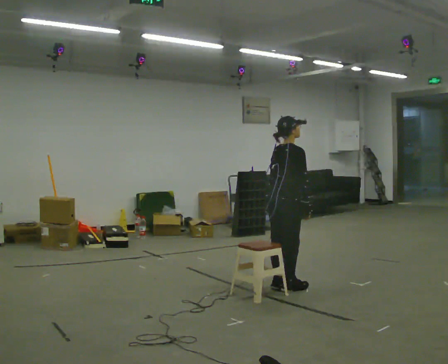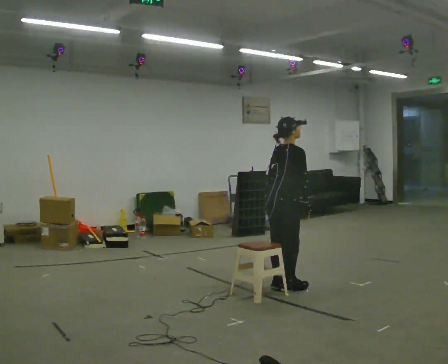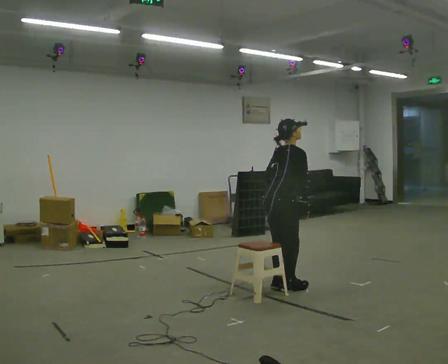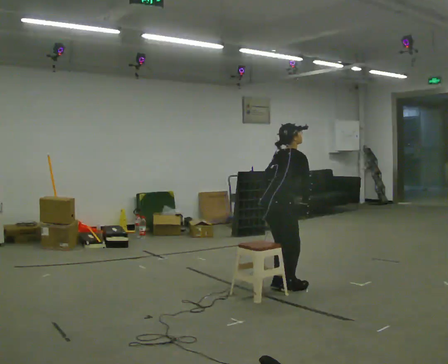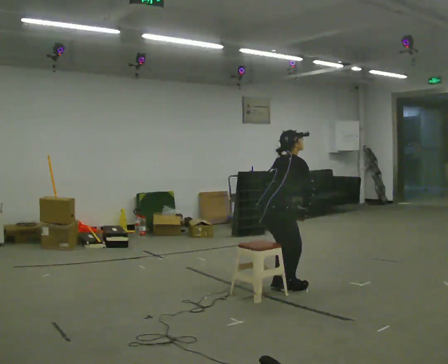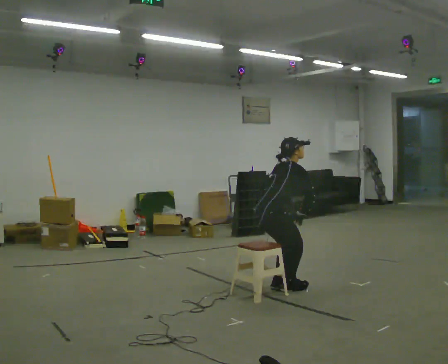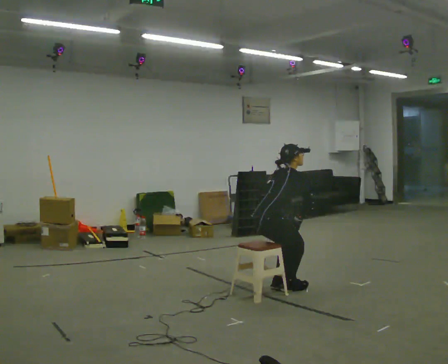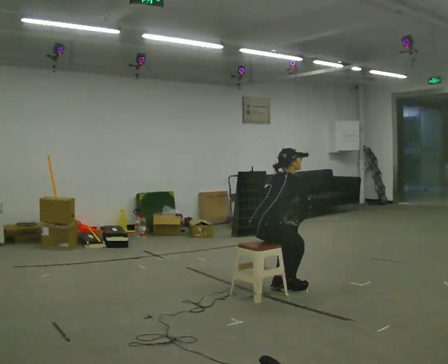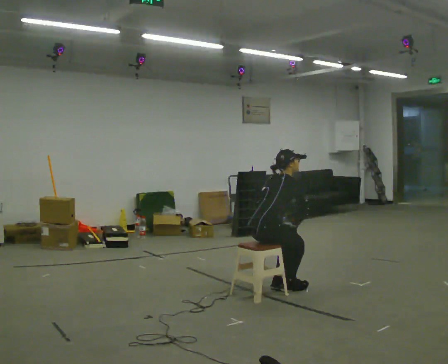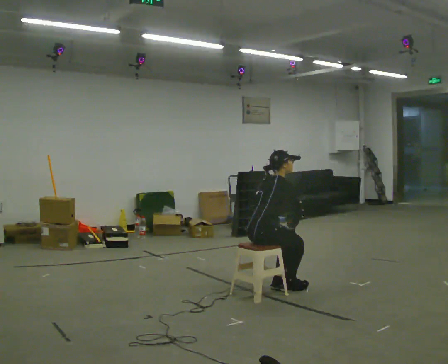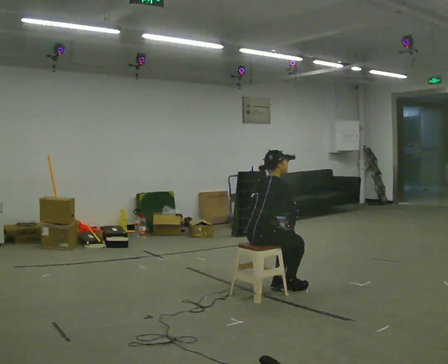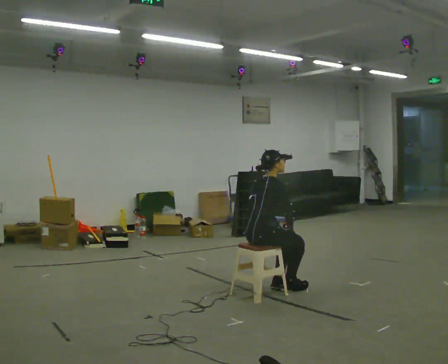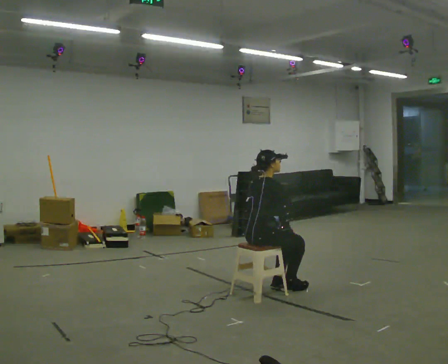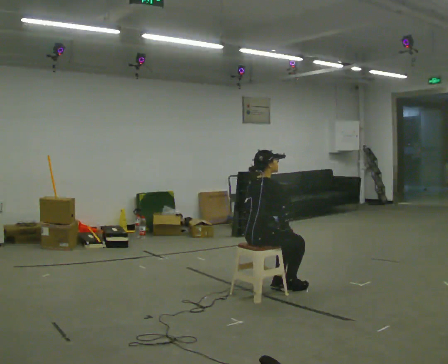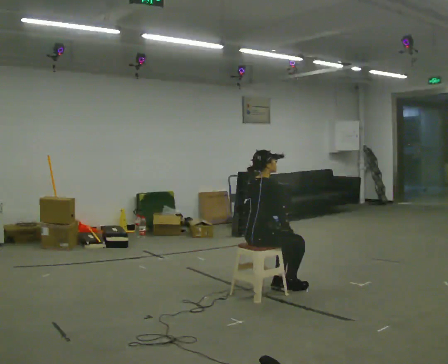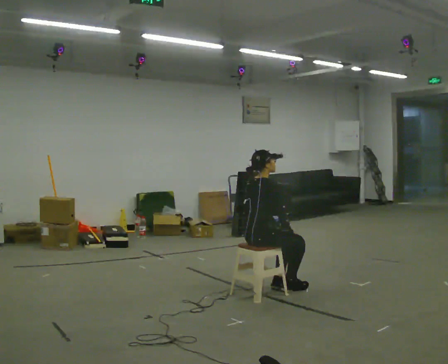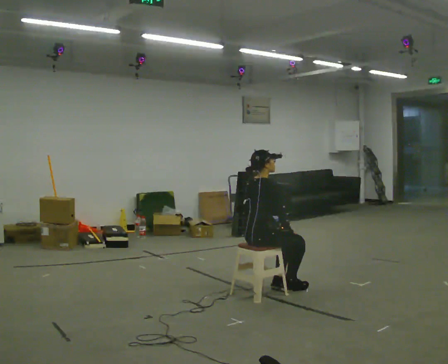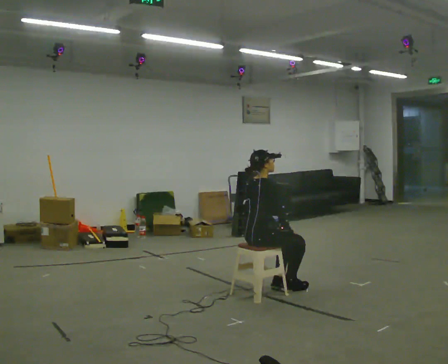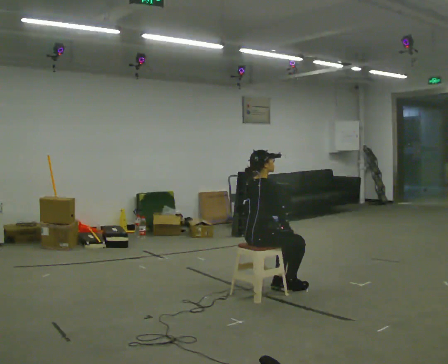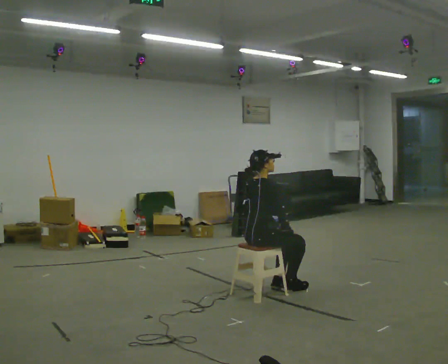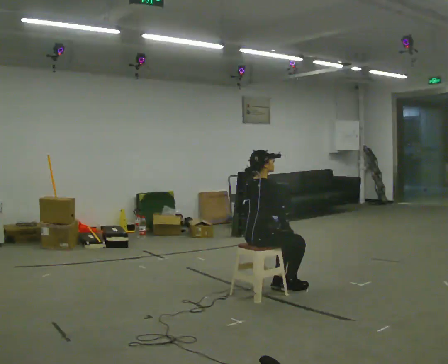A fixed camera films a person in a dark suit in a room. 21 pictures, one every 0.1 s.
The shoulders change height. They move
downward.
0.0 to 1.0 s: In the picture they go to the left, about 0.25 m, which for them is backward. The shoulders move downward.
1.0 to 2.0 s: The person moves a little, or ends about where they began.
The film runs forward here.
